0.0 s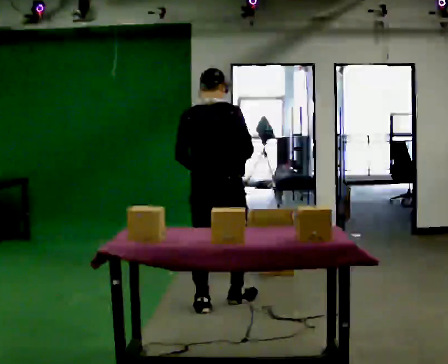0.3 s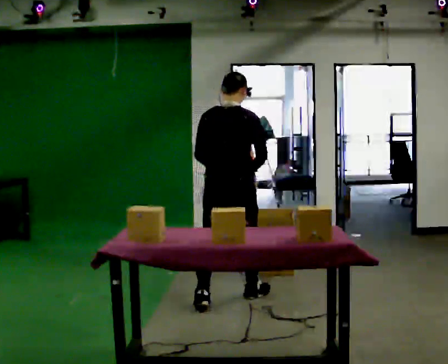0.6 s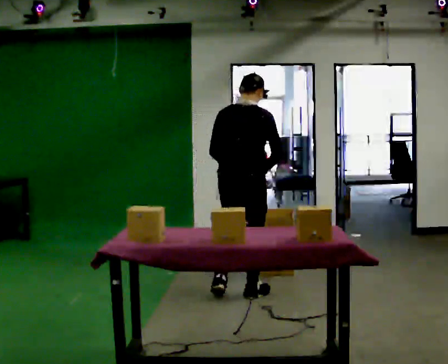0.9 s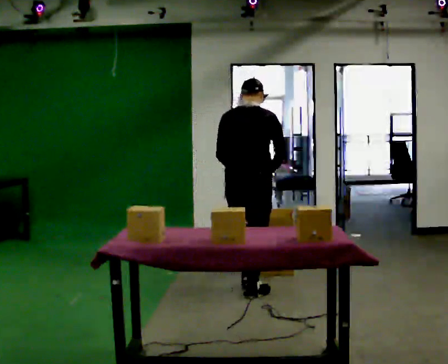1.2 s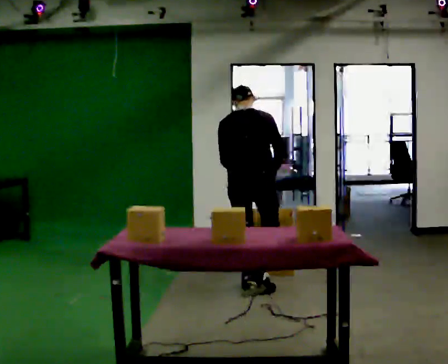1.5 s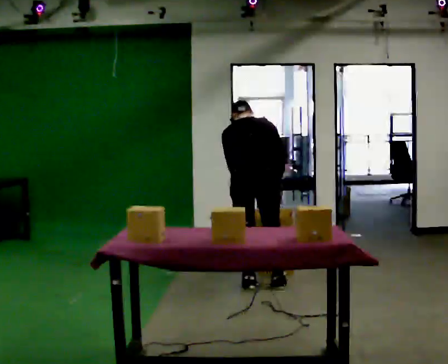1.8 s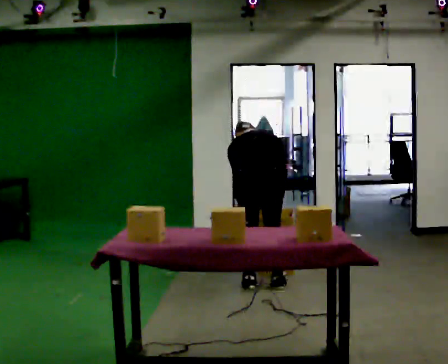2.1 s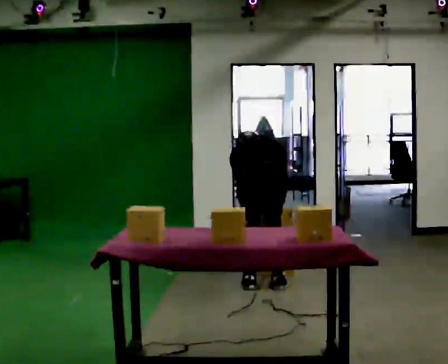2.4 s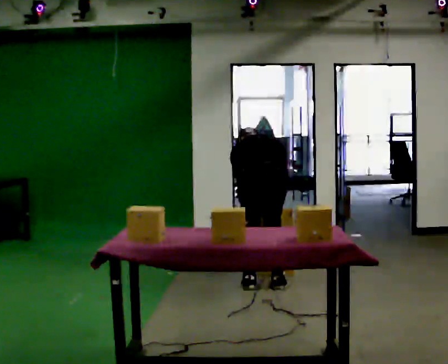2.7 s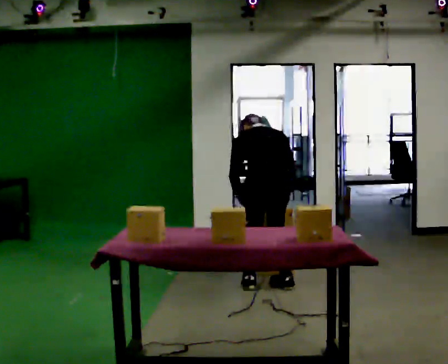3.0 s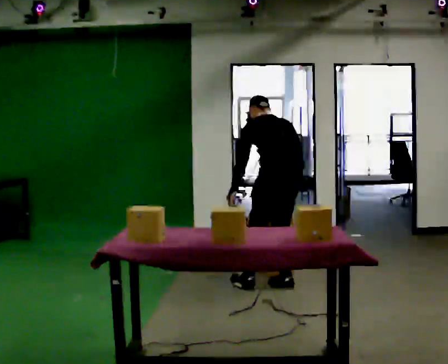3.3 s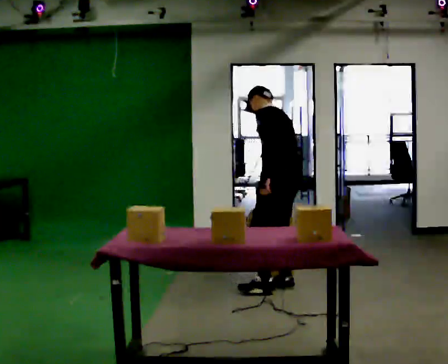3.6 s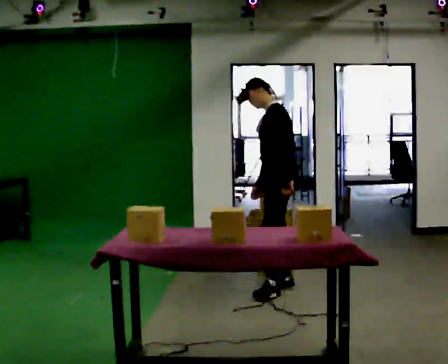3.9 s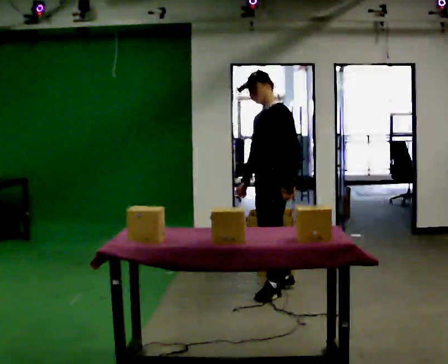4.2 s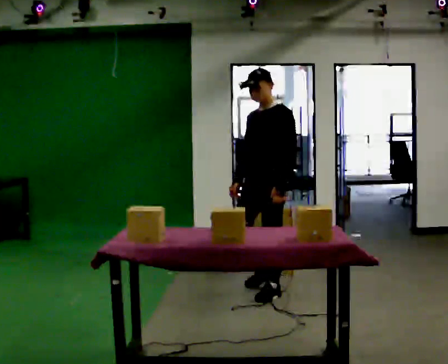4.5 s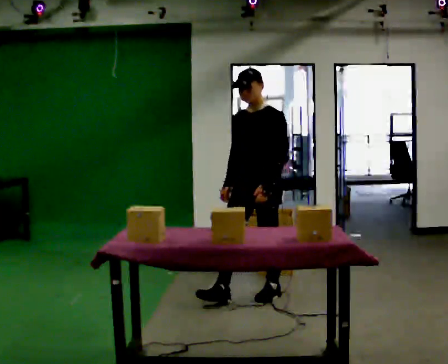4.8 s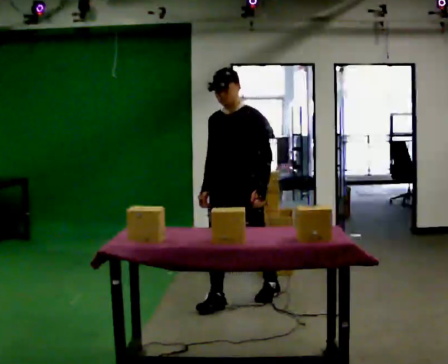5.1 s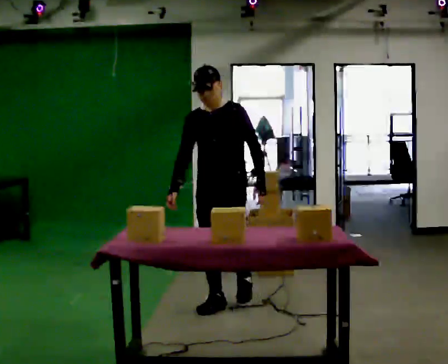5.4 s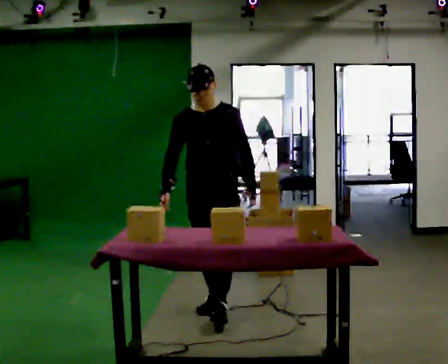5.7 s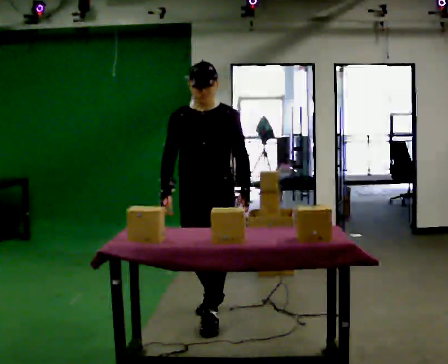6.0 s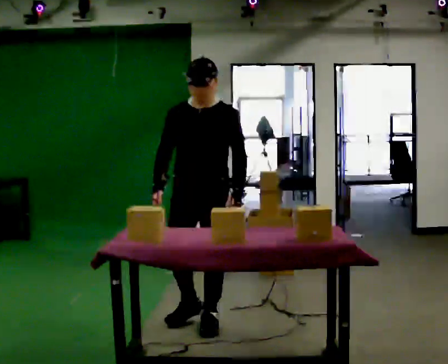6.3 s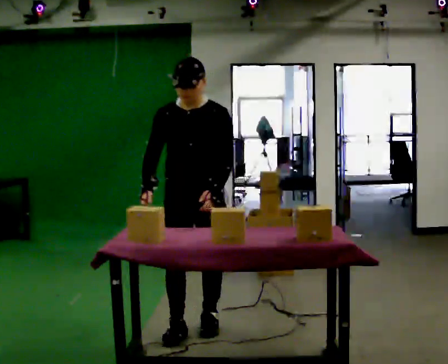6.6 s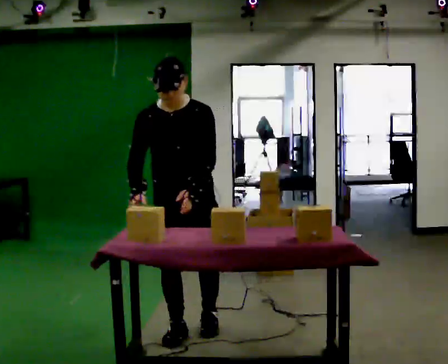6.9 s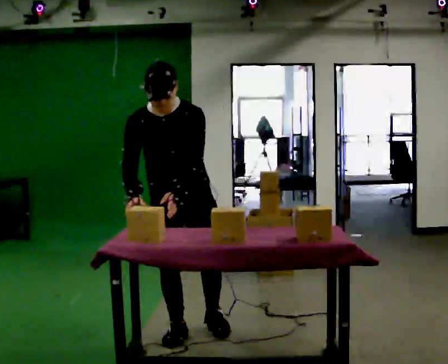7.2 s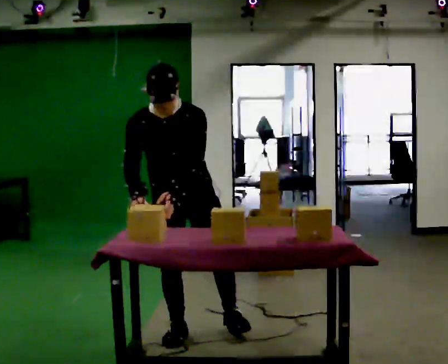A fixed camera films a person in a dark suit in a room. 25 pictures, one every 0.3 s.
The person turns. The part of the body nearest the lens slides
to the right.
The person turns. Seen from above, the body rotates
counterclockwise.
0.0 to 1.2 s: In the picture they go away from the camera and to the right, about 0.5 m in 2 steps, which for them is forward. The upper body tips away from the camera, its near side rolling upward, as they bend forward.
1.2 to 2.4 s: The shoulders move downward. The upper body tips away from the camera, its near side rolling upward, as they bend forward.
2.4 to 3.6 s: The person turns about 105 degrees to their left, counterclockwise seen from above, so the part of the body nearest the lens slides to the right. The upper body goes upward. The upper body tips toward the camera, its near side rolling downward, as they lean back or straighten. In the picture their left hand goes to the right.
3.6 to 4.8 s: Seen from above the body turns counterclockwise, about 60 degrees: to their left, with its near side sliding to the right. In the picture they go toward the camera and to the left, about 0.5 m in 1 step, which for them is forward.
4.8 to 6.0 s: In the picture they go toward the camera, about 0.5 m in 1 step, which for them is forward.
6.0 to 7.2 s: In the picture they go toward the camera, about 0.25 m in 1 step, which for them is forward. The upper body tips toward the camera, its near side rolling downward, as they bend forward.
The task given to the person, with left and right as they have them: Carry the box over and put it on the shelf with the label facing out towards you. Get the orientation right, not just the position. Keep going until the operator says stop; one object at a time, and do not rush between trips.
The film runs forward here.
